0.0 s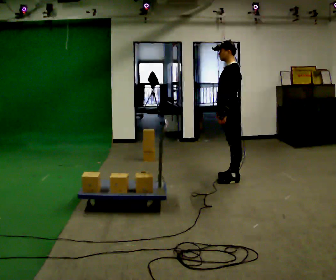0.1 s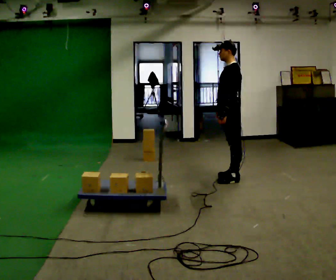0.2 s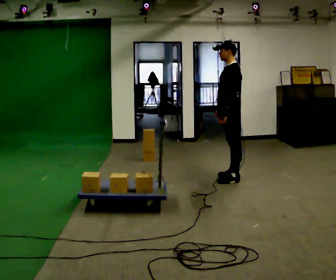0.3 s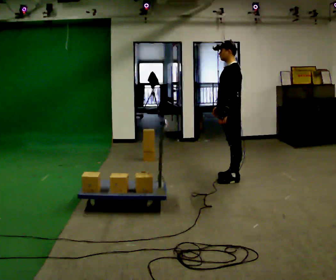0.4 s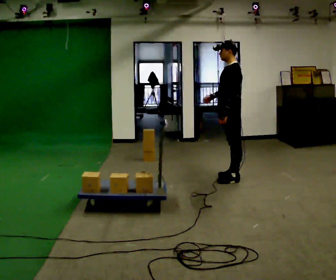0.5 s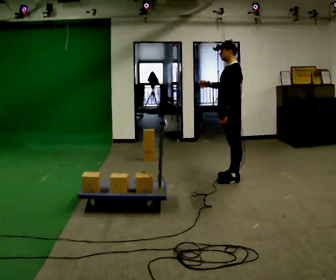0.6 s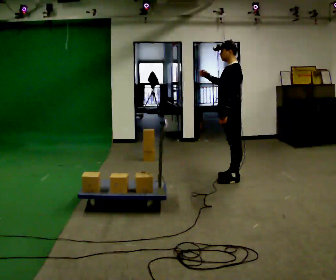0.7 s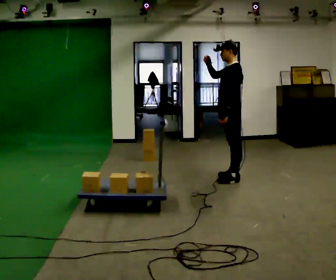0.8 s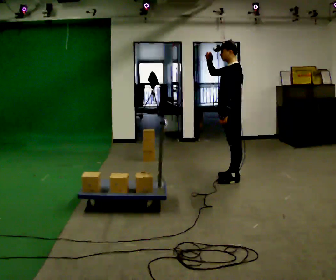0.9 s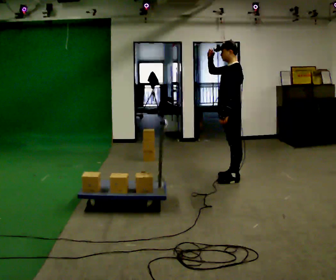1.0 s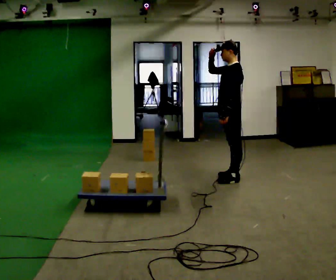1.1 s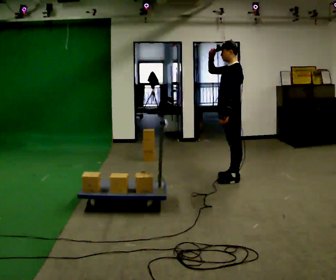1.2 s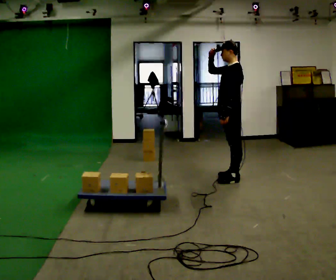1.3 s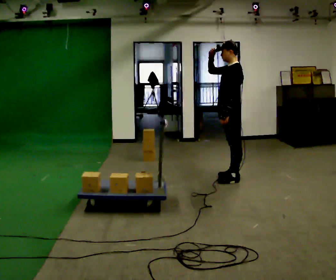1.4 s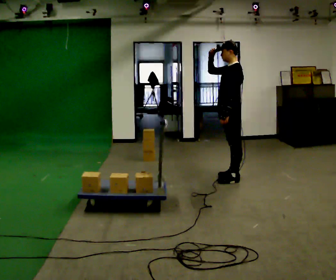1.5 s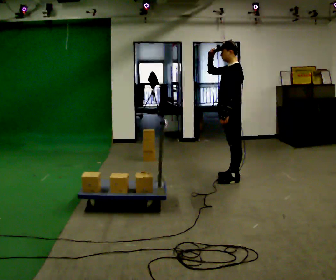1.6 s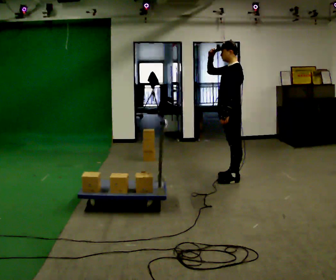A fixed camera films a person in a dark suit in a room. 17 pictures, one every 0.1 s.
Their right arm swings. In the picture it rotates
clockwise.
Their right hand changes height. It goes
upward.
0.0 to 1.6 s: In the picture their right hand goes upward, the arm swinging clockwise.
The film runs forward here.
